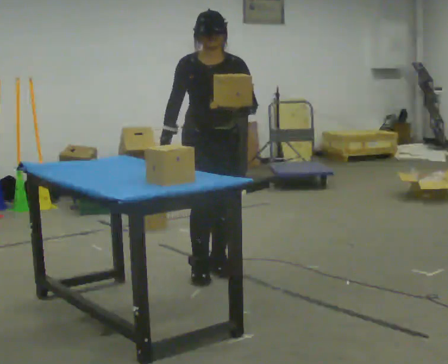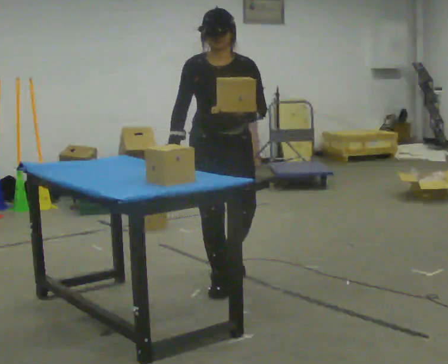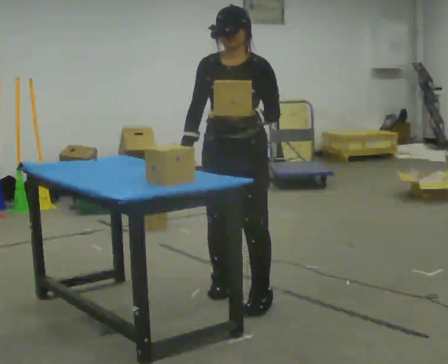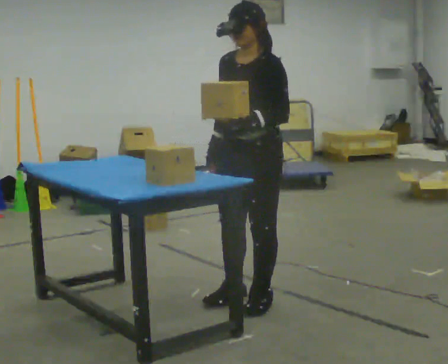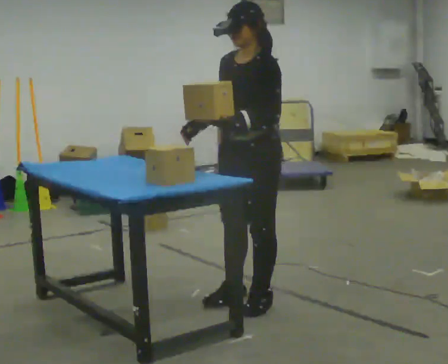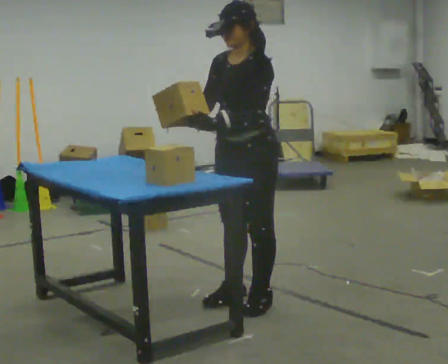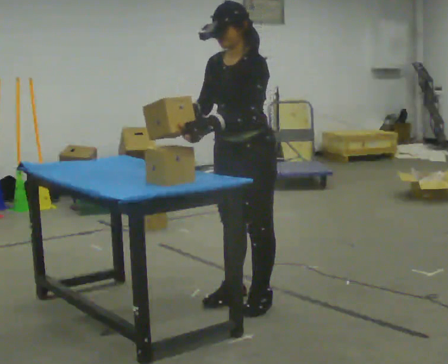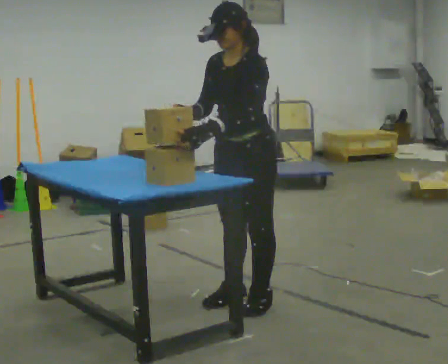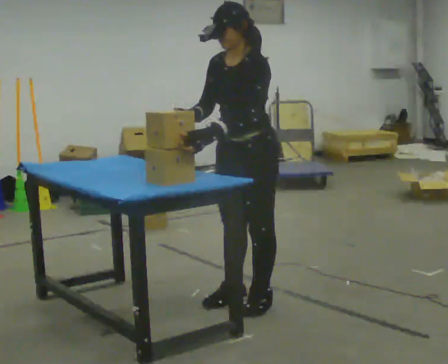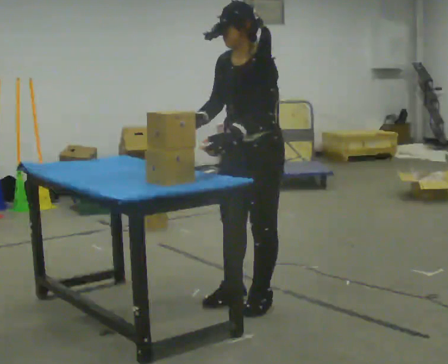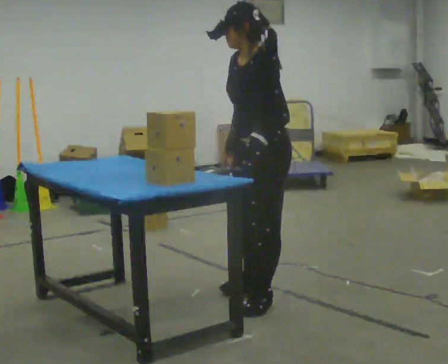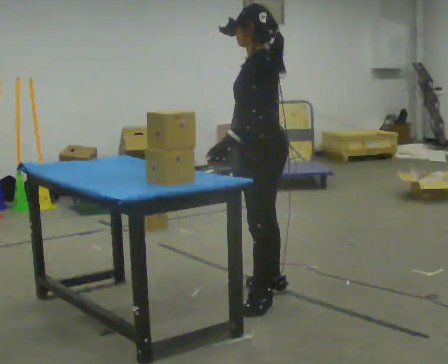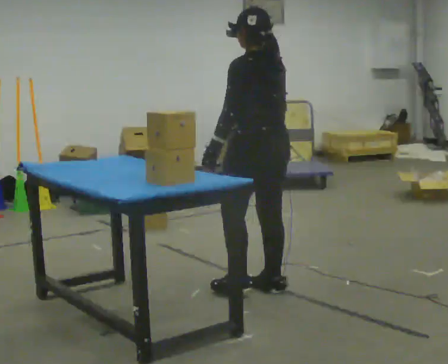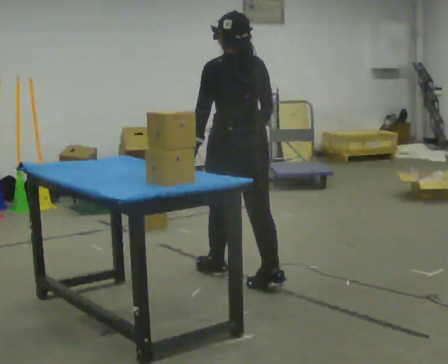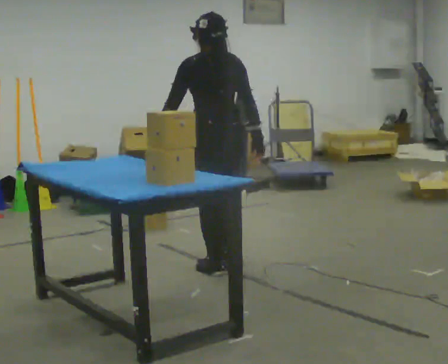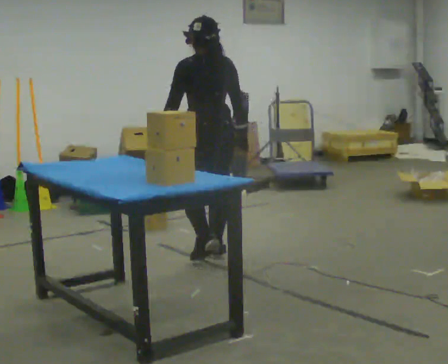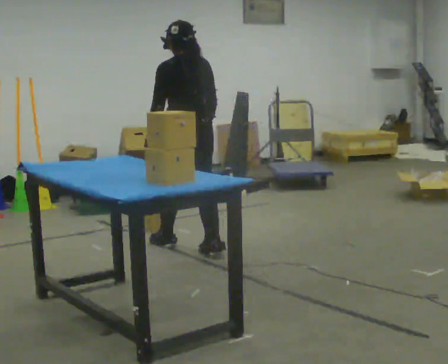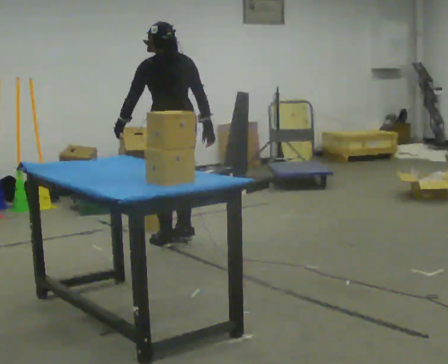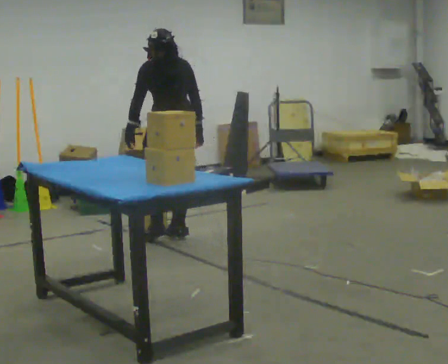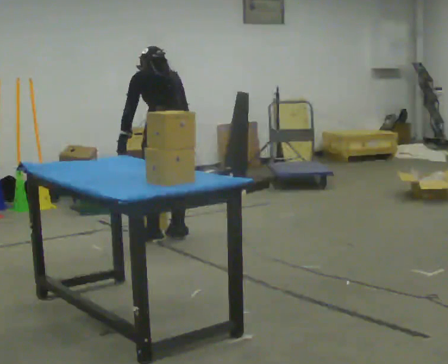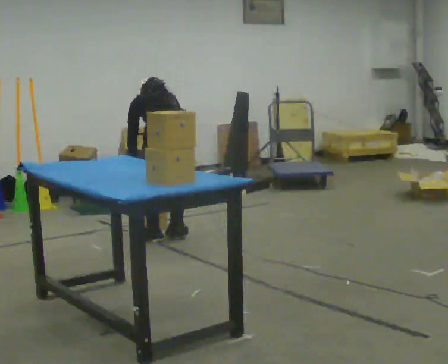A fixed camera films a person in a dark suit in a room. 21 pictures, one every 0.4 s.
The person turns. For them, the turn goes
to their right.
The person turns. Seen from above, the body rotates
clockwise.
0.0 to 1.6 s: Seen from above the body turns clockwise, about 60 degrees: to their right, with its near side sliding to the left. In the picture they go toward the camera, about 0.75 m in 3 steps, which for them is forward and to their left.
1.6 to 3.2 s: The person moves a little, or ends about where they began.
3.2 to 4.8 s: The part of the body nearest the lens slides to the left as the person turns to their right by about 90 degrees. In the picture they go away from the camera, about 0.25 m in 1 step.
4.8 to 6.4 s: In the picture they go away from the camera and to the left, about 1 m in 3 steps, which for them is forward.
6.4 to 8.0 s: In the picture they go away from the camera, about 0.25 m in 2 steps, which for them is forward. The upper body goes downward. The upper body tips away from the camera, its near side rolling upward, as they bend forward.
The film runs forward here.
